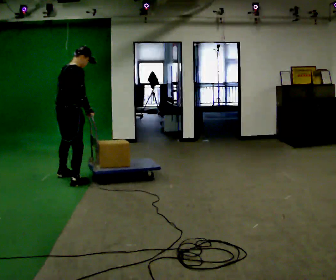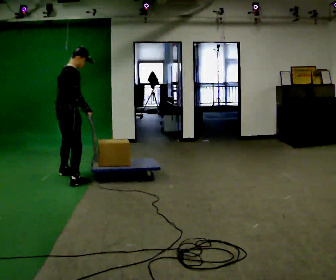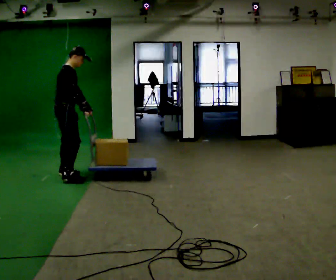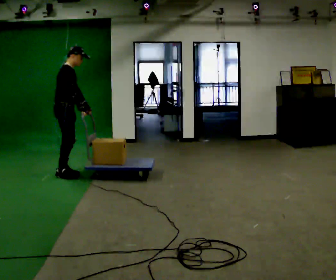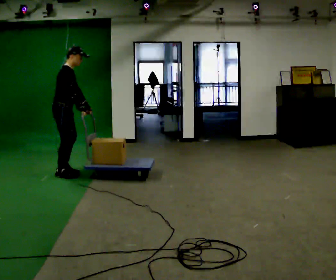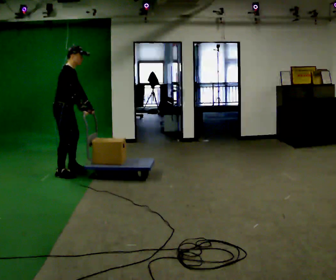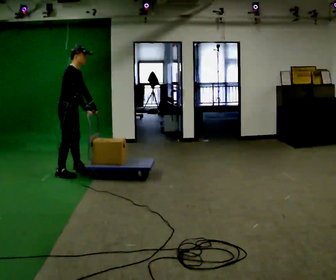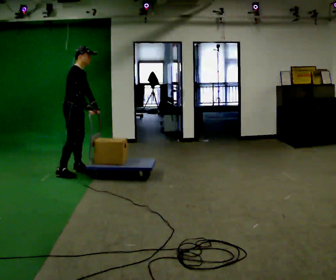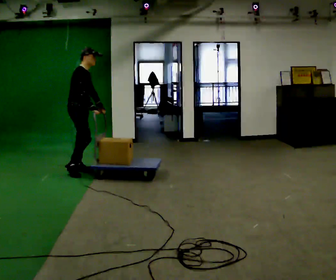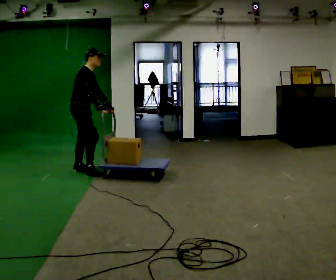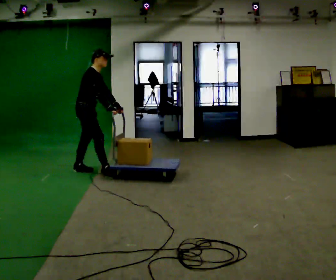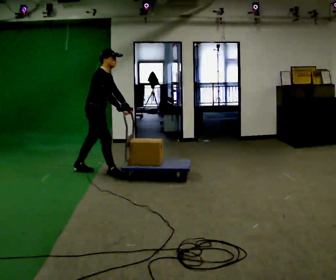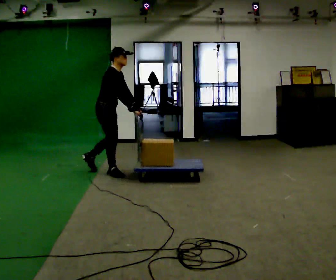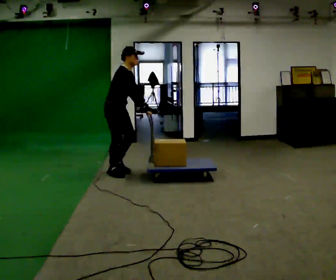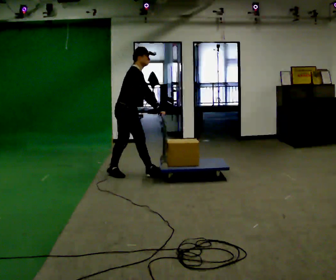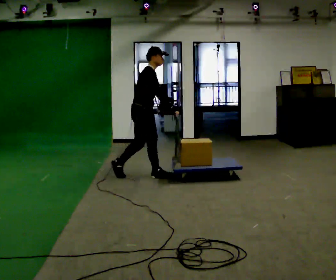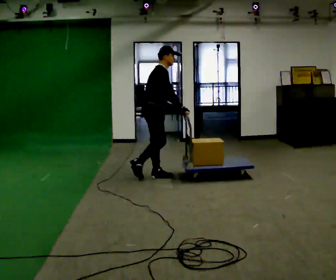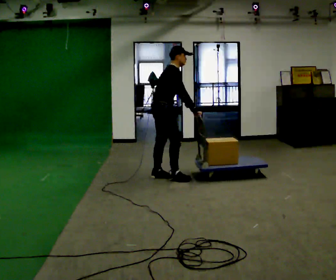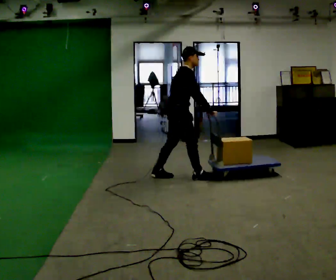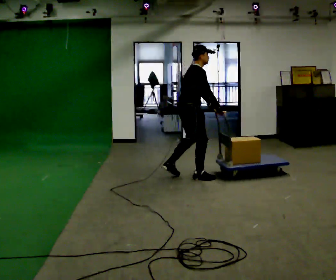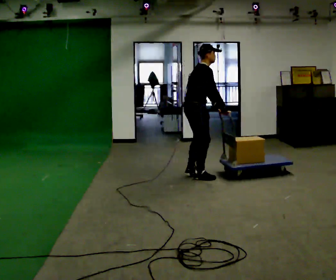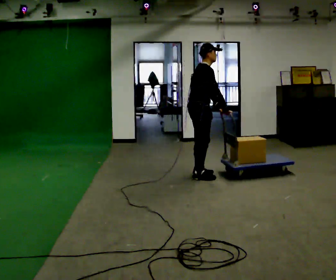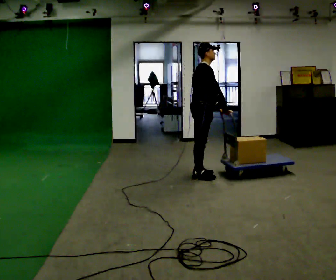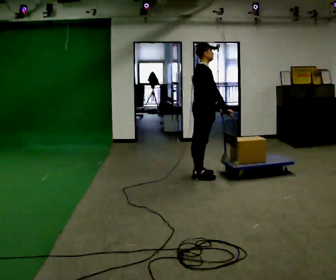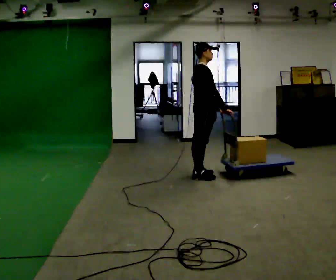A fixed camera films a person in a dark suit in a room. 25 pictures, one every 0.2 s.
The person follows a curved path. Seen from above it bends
clockwise.
The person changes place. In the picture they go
to the right.
0.0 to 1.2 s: Seen from above the body turns clockwise, about 45 degrees: to their right, with its near side sliding to the left. In the picture they go away from the camera, about 0.5 m in 3 steps, which for them is to their left.
1.2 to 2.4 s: In the picture they go to the right, about 0.5 m in 1 step, which for them is forward.
2.4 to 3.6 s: In the picture they go to the right, about 1 m in 2 steps, which for them is forward.
3.6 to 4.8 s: In the picture they go to the right, about 0.25 m in 1 step, which for them is forward. In the picture the upper body tilts counterclockwise, shoulders to the left, as they lean back or straighten.
The film runs forward here.
